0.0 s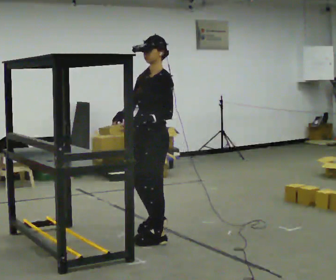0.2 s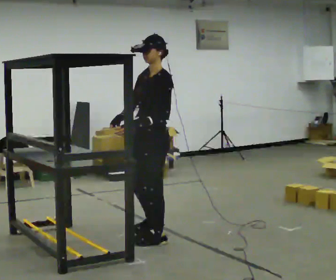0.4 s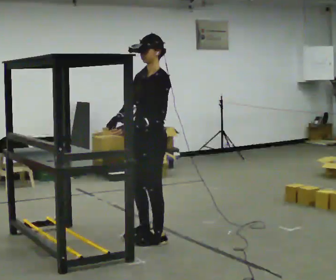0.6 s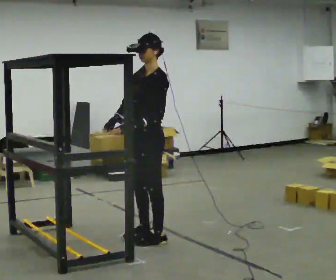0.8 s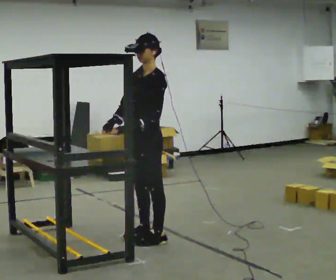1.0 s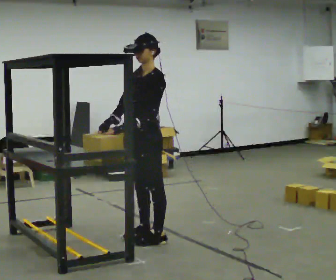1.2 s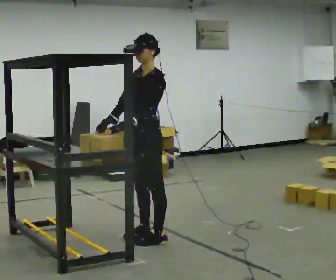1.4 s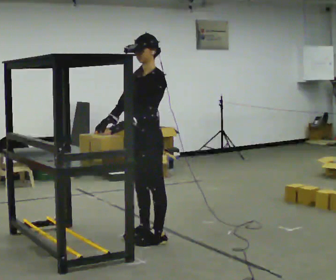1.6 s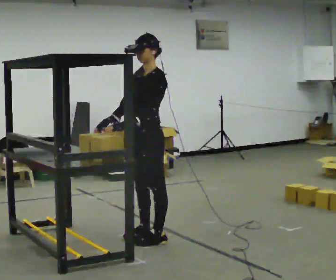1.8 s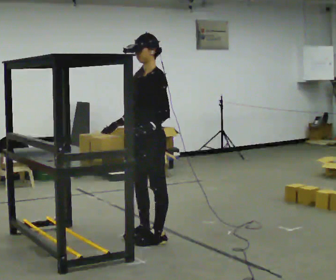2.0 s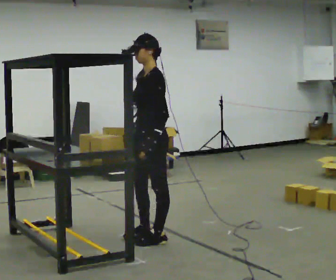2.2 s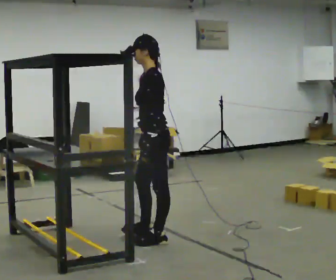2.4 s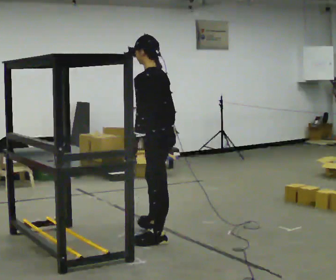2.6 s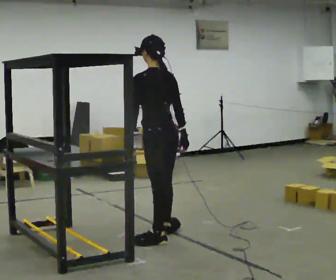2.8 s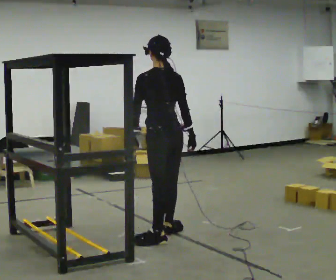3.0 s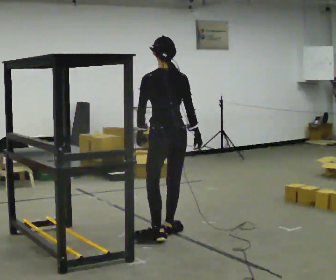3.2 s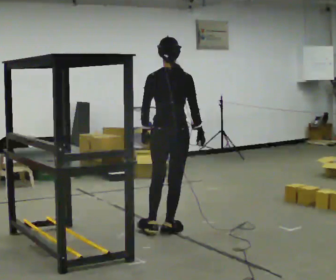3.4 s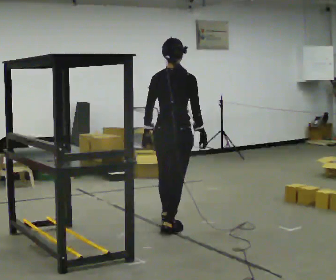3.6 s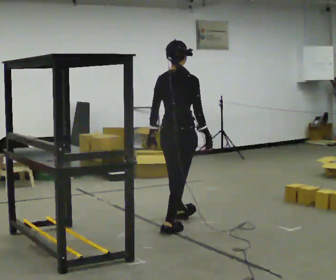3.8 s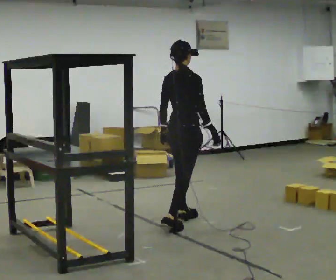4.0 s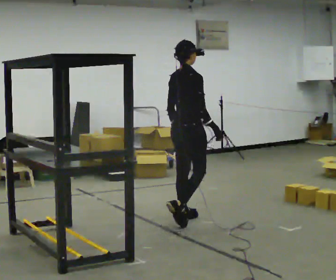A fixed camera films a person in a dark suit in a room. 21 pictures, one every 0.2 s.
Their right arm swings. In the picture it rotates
counterclockwise.
The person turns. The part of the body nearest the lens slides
to the left.
0.0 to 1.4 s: The person moves a little, or ends about where they began.
1.4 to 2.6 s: Seen from above the body turns clockwise, about 90 degrees: to their right, with its near side sliding to the left. In the picture their right hand goes to the right, the arm swinging counterclockwise.
2.6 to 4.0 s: The person turns about 90 degrees to their right, clockwise seen from above, so the part of the body nearest the lens slides to the left. In the picture they go away from the camera, about 0.75 m in 1 step.
The film runs forward here.
